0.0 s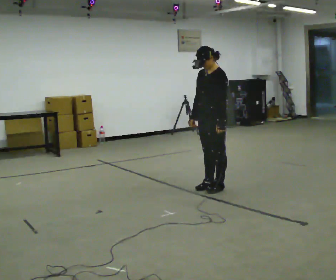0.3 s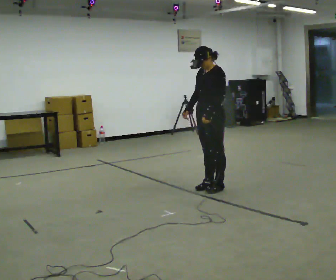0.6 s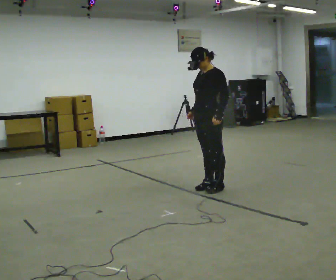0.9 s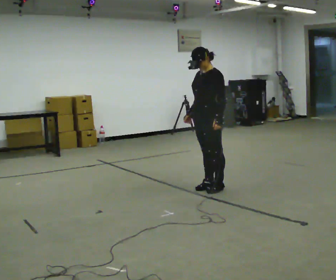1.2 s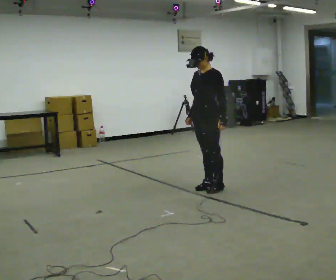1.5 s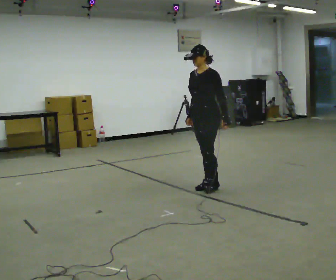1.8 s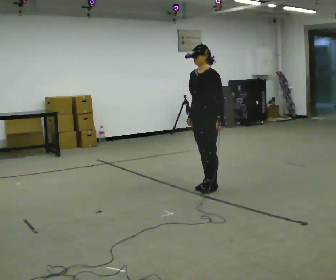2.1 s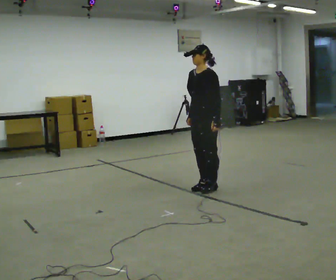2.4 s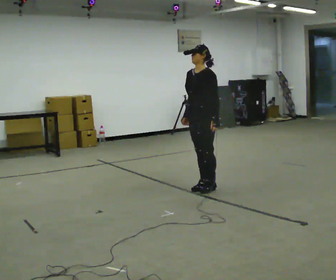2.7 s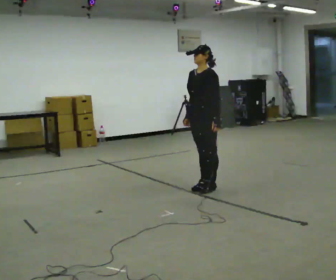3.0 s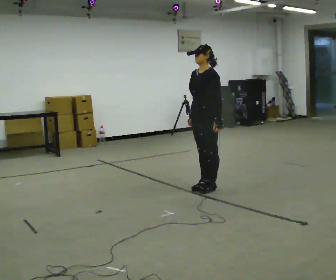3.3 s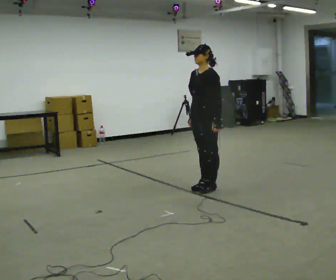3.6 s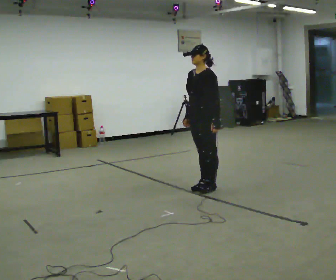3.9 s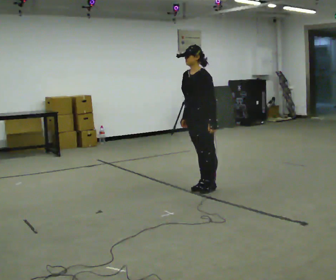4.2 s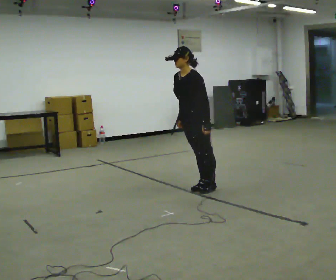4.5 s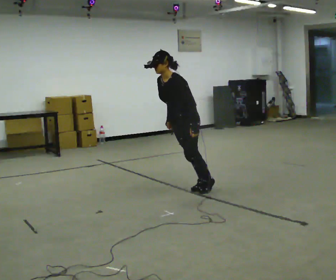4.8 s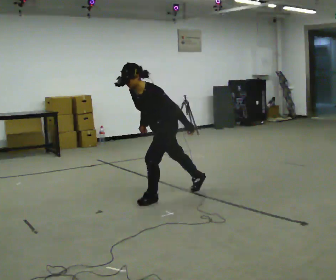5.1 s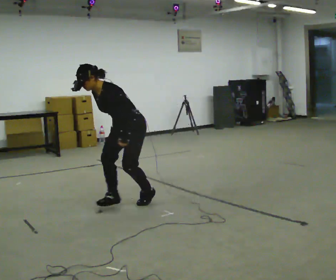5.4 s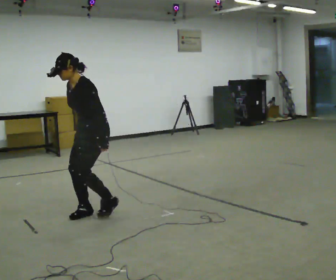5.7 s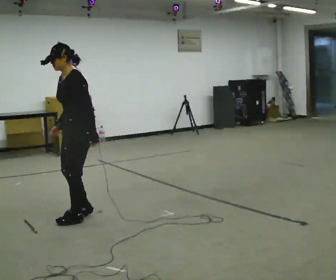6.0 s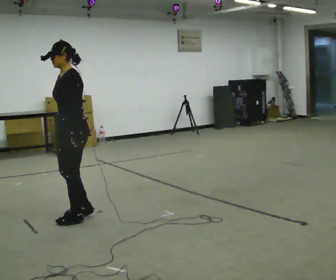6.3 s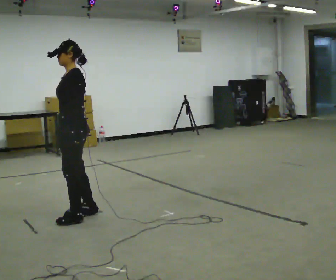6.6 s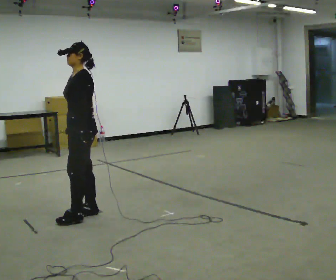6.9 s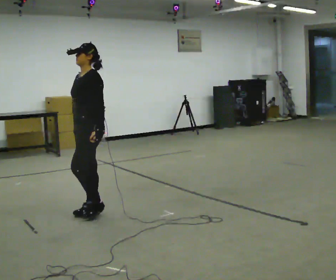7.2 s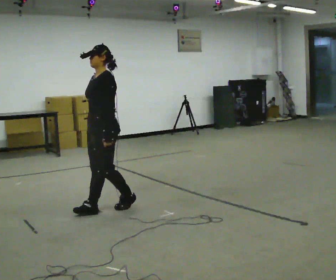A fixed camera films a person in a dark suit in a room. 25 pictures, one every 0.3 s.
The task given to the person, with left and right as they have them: Stand on the marked spots with your feet together. Lean forward from the ankles, keeping your body straight, until you cannot hold it any longer, then step forward to catch yourself. Return to the spots. Repeat at your own pace until the operator says stop. Go slowly and only as far as you are comfortable. Step whenever you need to; do not try to hold on longer than feels safe.
0.0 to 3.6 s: The person moves a little, or ends about where they began.
3.6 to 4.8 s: In the picture they go to the left and toward the camera, about 0.5 m, which for them is forward. The upper body tips toward the camera, its near side rolling downward, as they bend forward.
4.8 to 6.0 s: In the picture they go toward the camera and to the left, about 1 m in 3 steps, which for them is forward. The upper body tips away from the camera, its near side rolling upward, as they lean back or straighten.
6.0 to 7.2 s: In the picture they go away from the camera and to the right, about 0.5 m, which for them is backward and to their right.
The film runs forward here.
